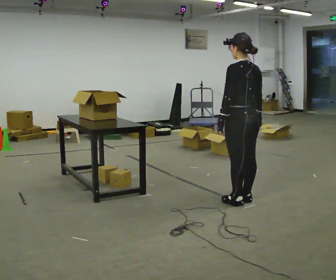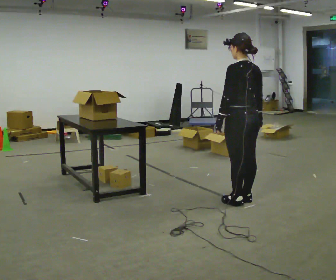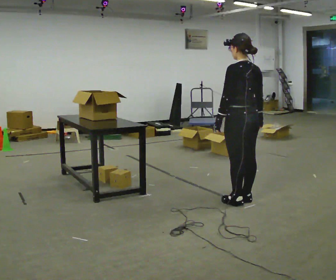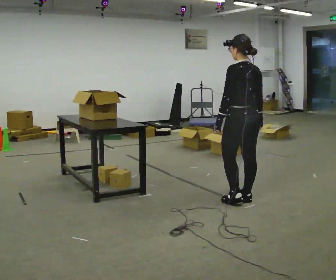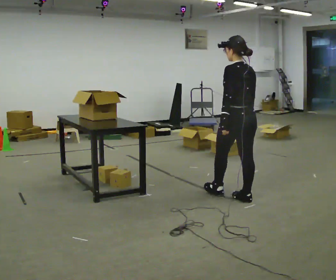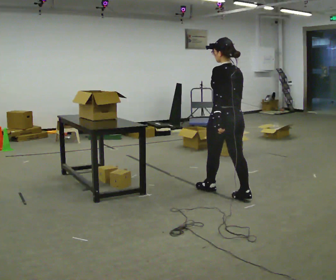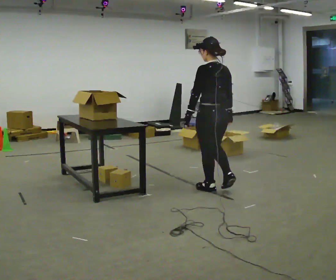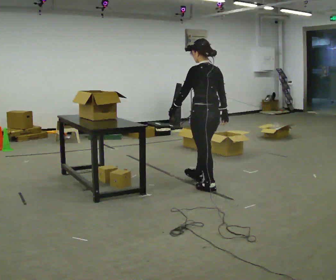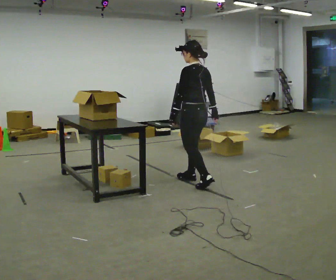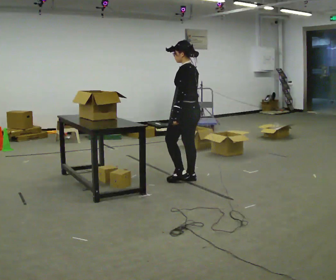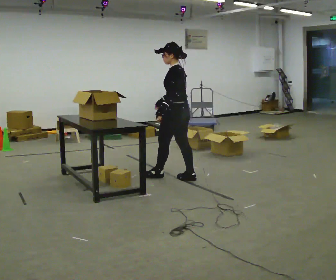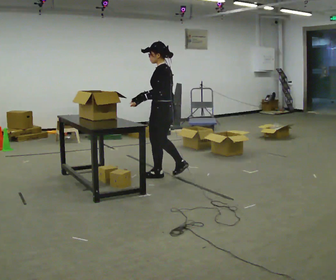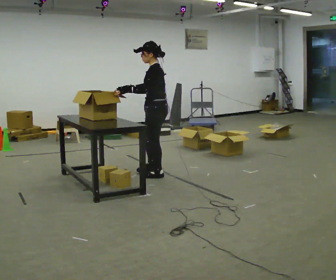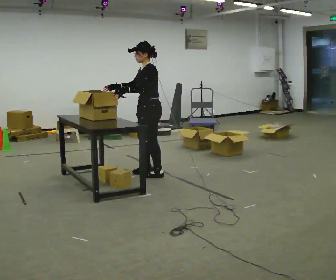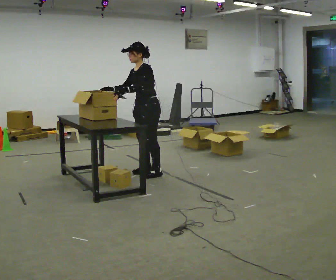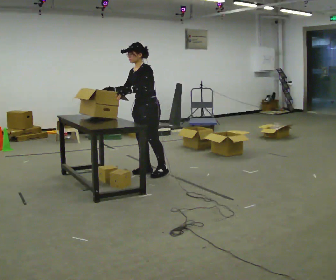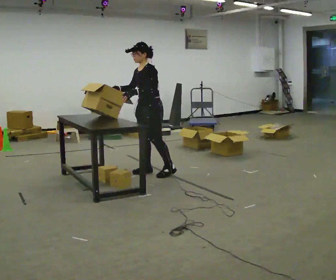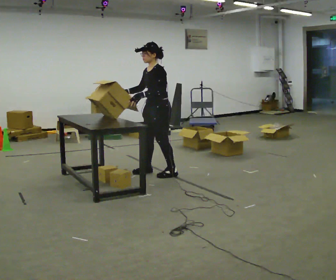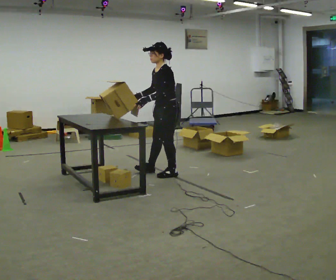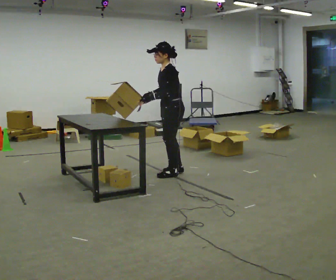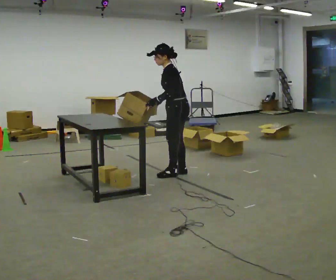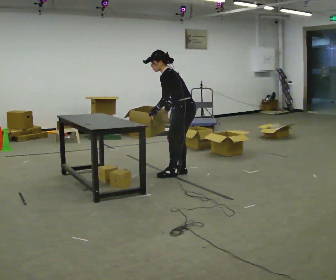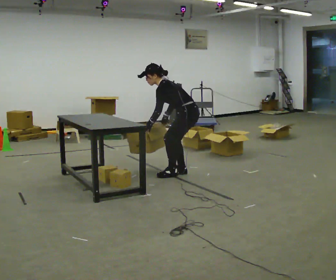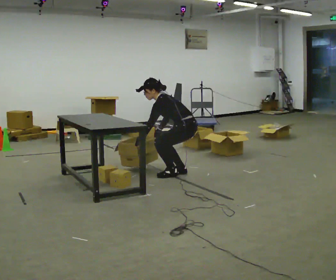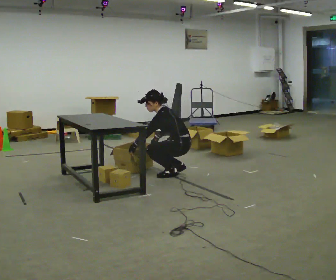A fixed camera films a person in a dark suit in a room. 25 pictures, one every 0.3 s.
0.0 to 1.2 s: The person moves a little, or ends about where they began.
1.2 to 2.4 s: In the picture they go away from the camera and to the left, about 0.75 m in 2 steps, which for them is forward.
2.4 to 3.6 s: The person turns about 45 degrees to their left, counterclockwise seen from above, so the part of the body nearest the lens slides to the right. In the picture they go to the left and away from the camera, about 0.5 m in 1 step, which for them is forward.
3.6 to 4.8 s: Seen from above the body turns counterclockwise, about 45 degrees: to their left, with its near side sliding to the right. In the picture they go away from the camera, about 0.25 m in 1 step, which for them is to their right.
4.8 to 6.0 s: Seen from above the body turns clockwise, about 45 degrees: to their right, with its near side sliding to the left. In the picture they go to the right, about 0.25 m in 2 steps, which for them is backward and to their left.
6.0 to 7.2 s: The shoulders move downward. In the picture their left hand goes downward.
The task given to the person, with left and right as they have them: 1. Take everything out of the crates by the door. 2. Put the small items on the middle shelf. 3. Put the large items on the bottom shelf. 4. Stack the empty crates by the door. 5. Tell the operator when you are finished.
The film runs forward here.
